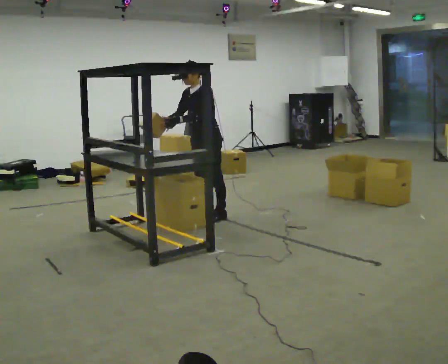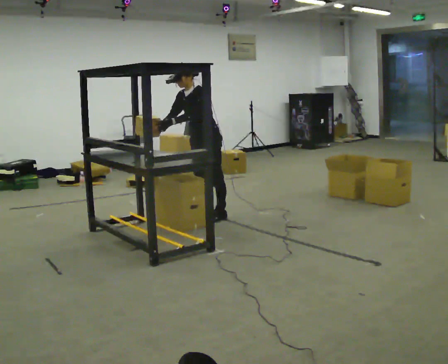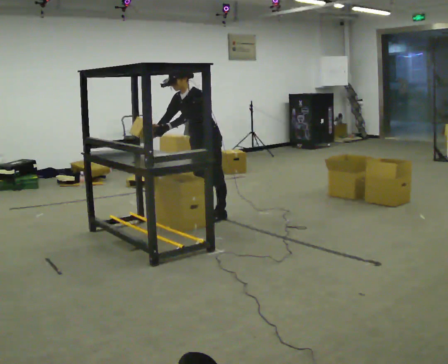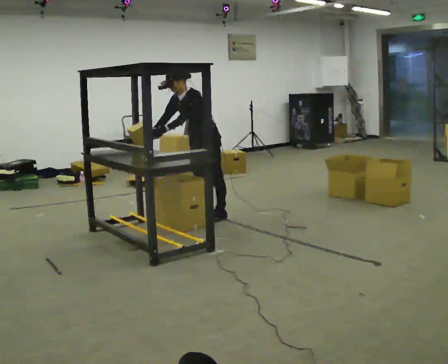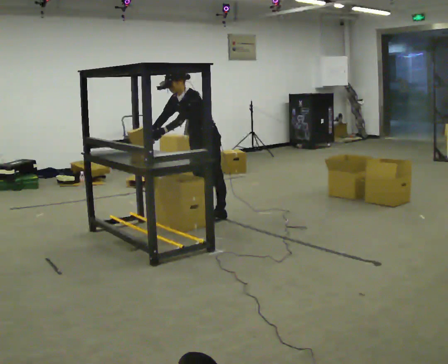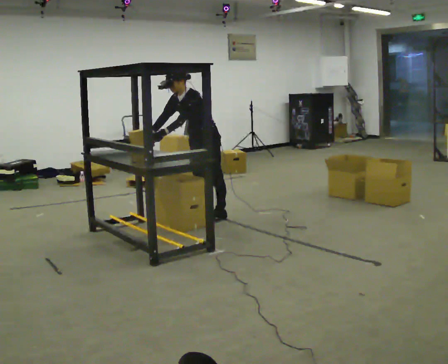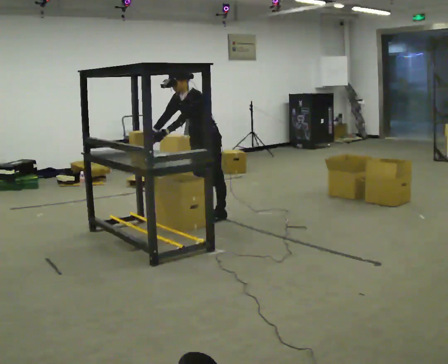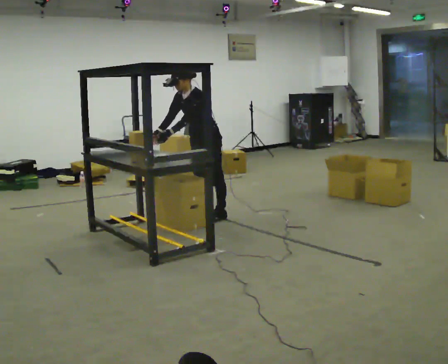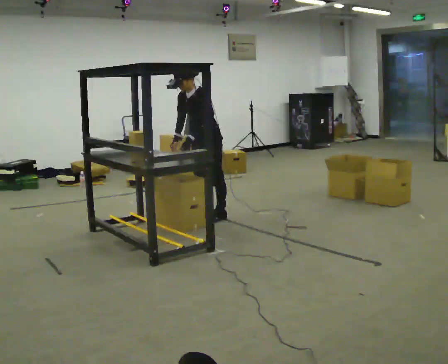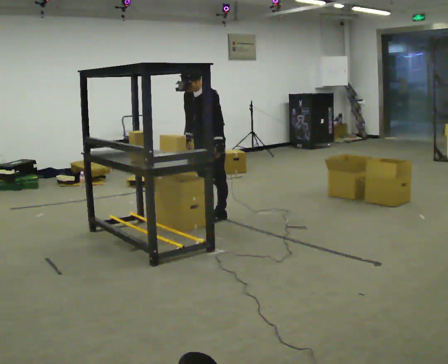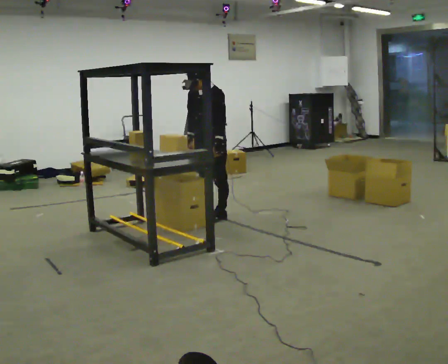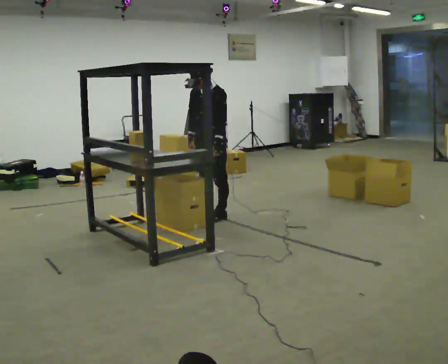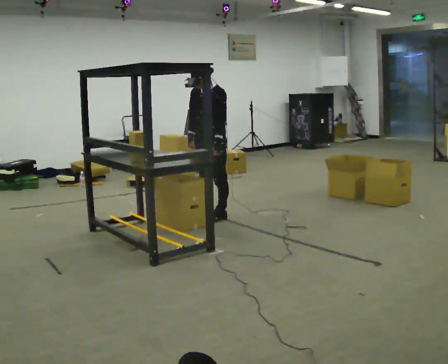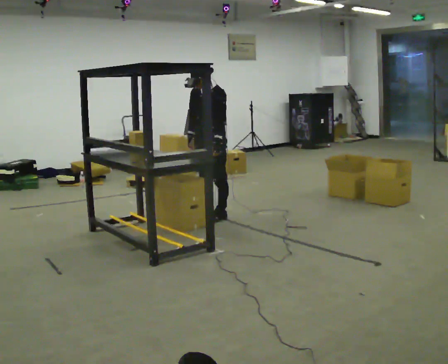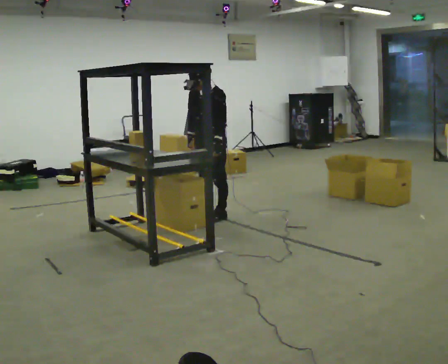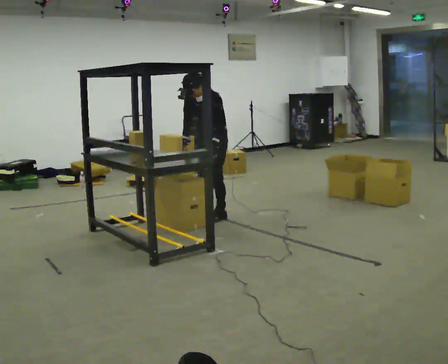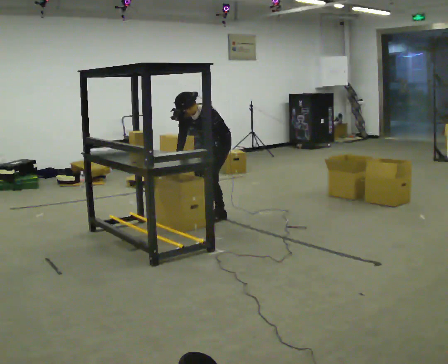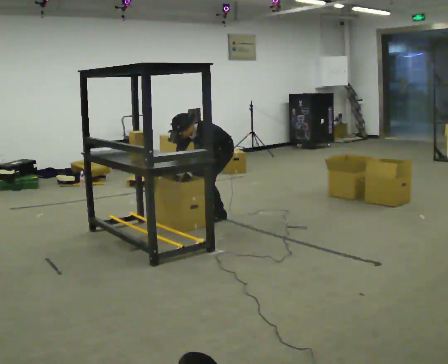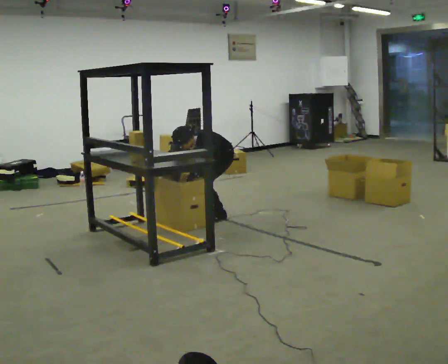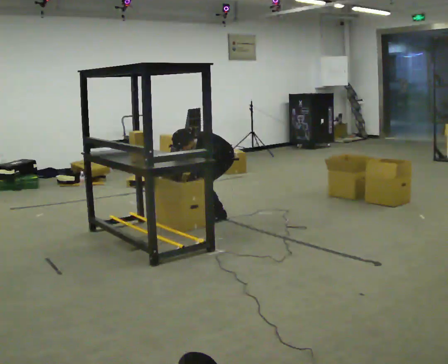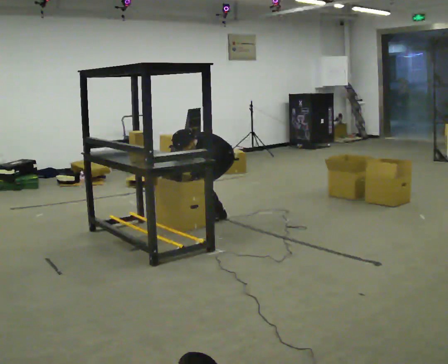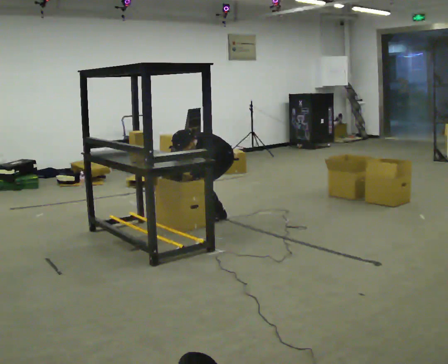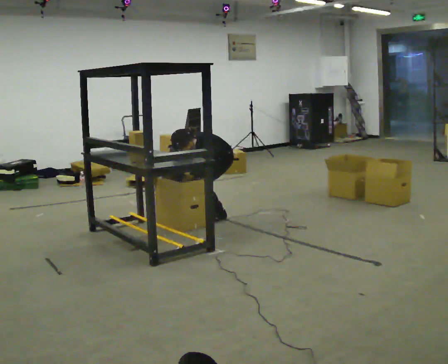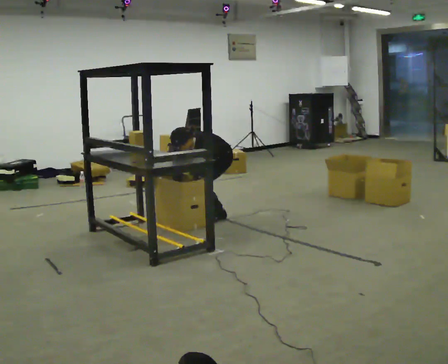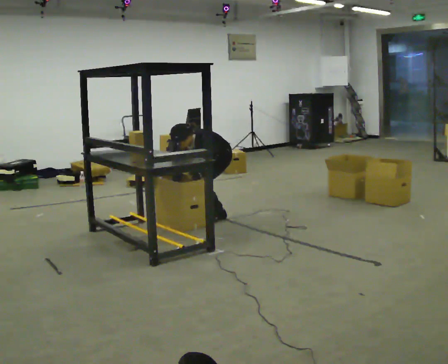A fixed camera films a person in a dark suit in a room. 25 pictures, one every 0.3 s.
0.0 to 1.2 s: In the picture the upper body tilts counterclockwise, shoulders to the left, as they bend forward.
1.2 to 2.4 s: The person moves a little, or ends about where they began.
2.4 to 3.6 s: In the picture the upper body tilts clockwise, shoulders to the right, as they lean back or straighten.
3.6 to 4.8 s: The upper body goes downward. In the picture the upper body tilts counterclockwise, shoulders to the left, as they bend forward.
4.8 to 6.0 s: The shoulders move downward. In the picture the upper body tilts counterclockwise, shoulders to the left, as they bend forward. In the picture their left hand goes downward.
6.0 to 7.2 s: The person moves a little, or ends about where they began.
The film runs forward here.
